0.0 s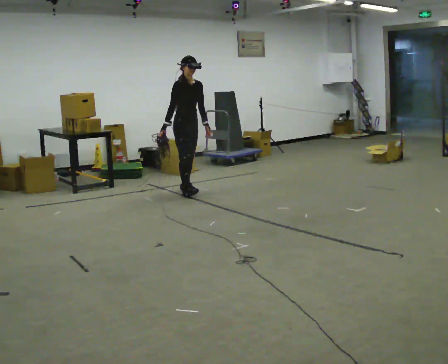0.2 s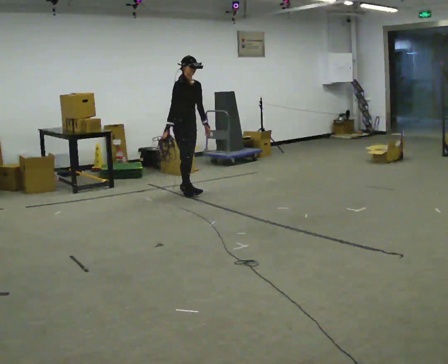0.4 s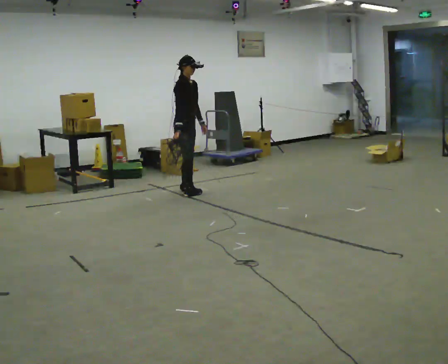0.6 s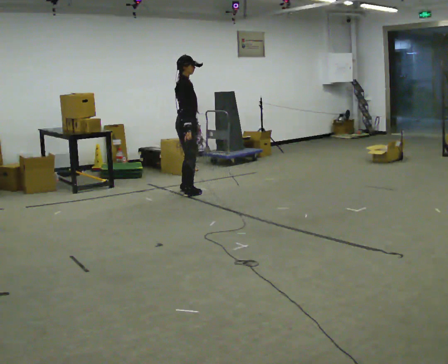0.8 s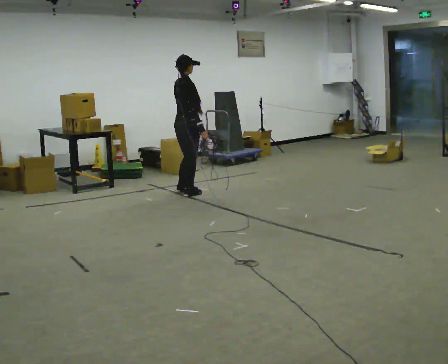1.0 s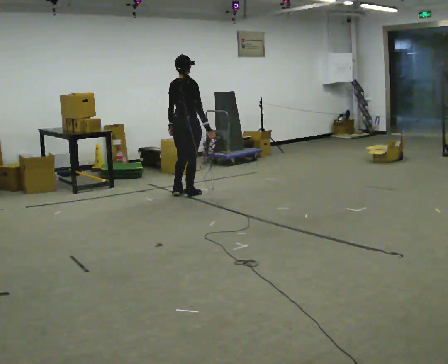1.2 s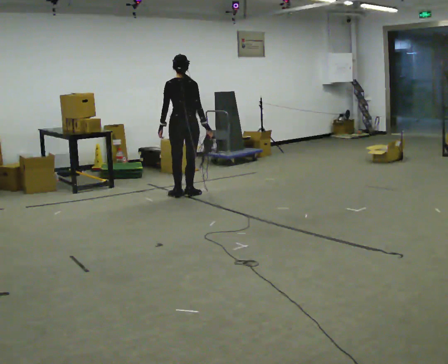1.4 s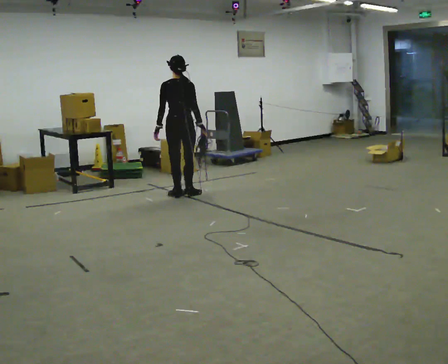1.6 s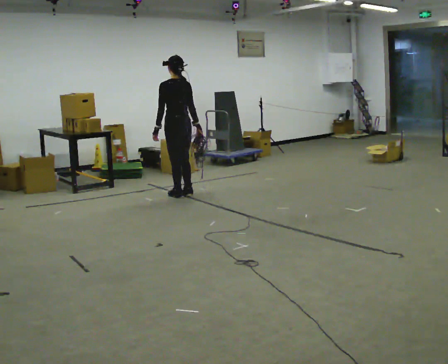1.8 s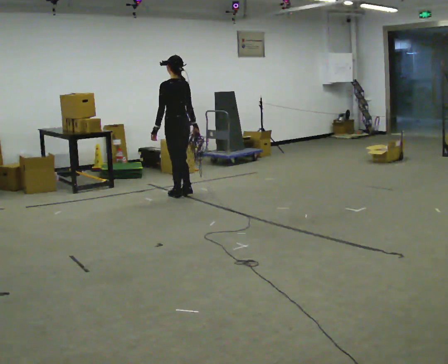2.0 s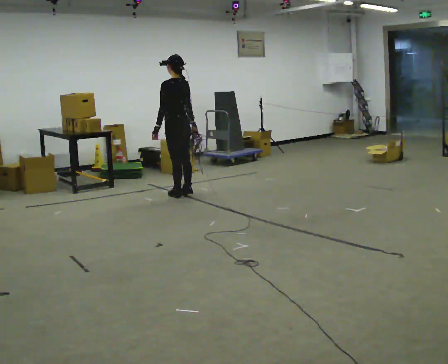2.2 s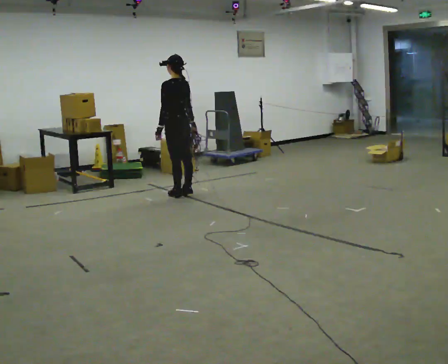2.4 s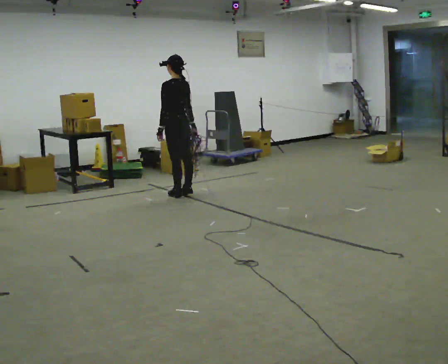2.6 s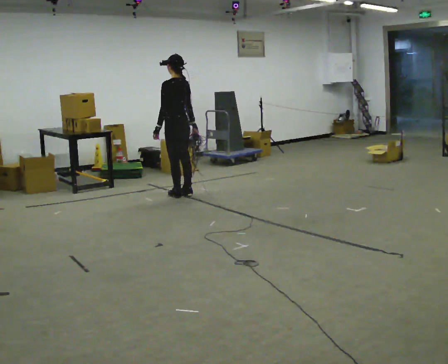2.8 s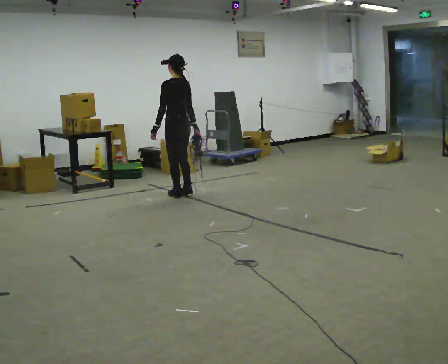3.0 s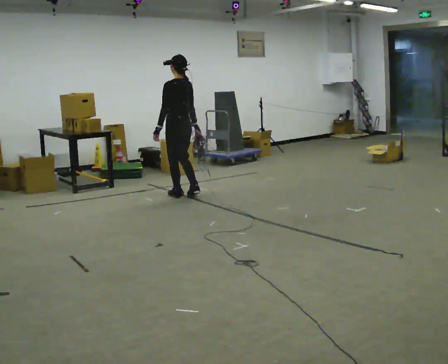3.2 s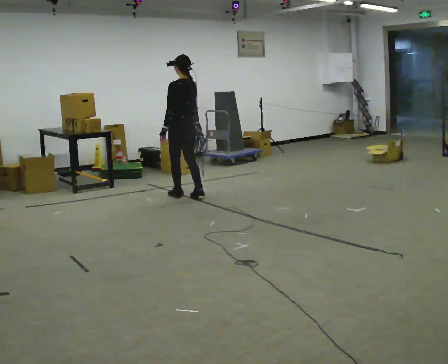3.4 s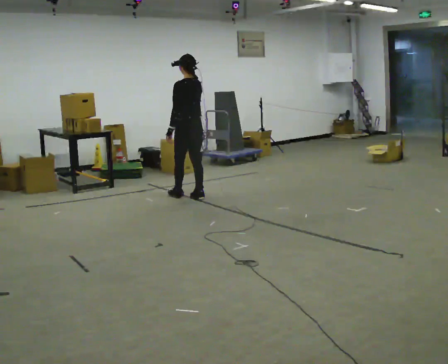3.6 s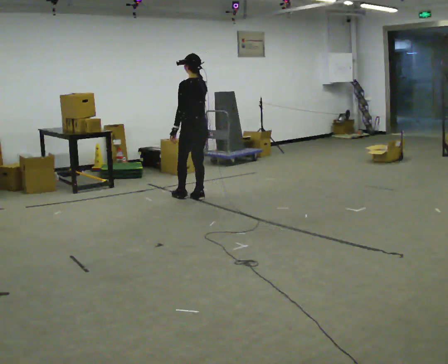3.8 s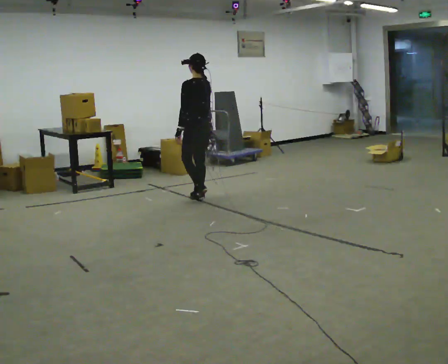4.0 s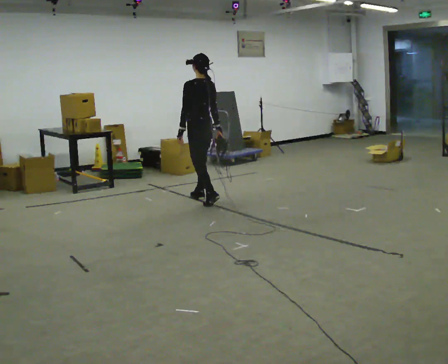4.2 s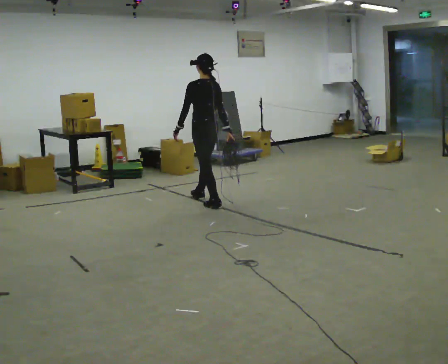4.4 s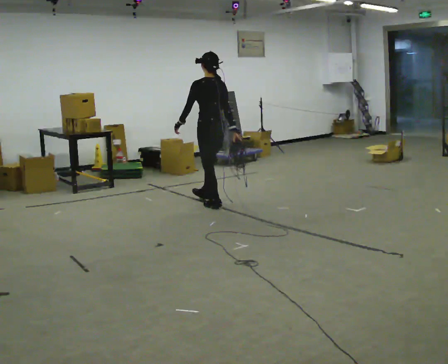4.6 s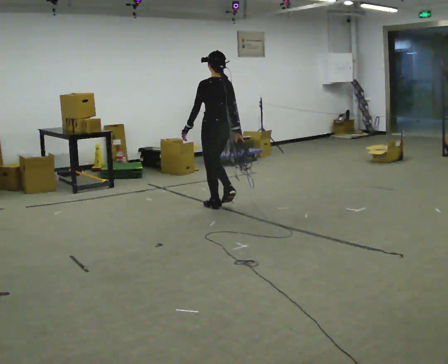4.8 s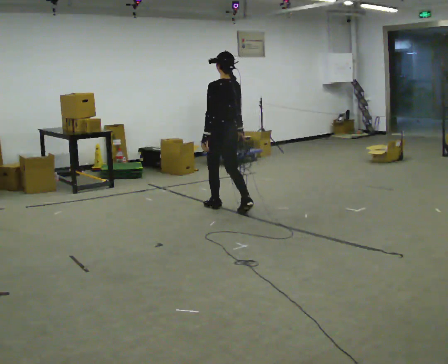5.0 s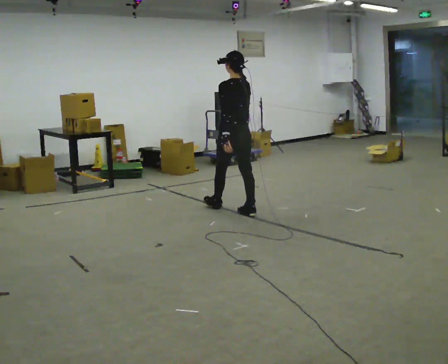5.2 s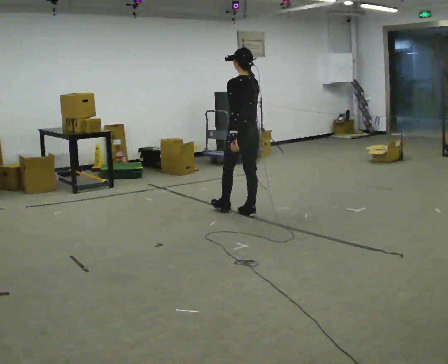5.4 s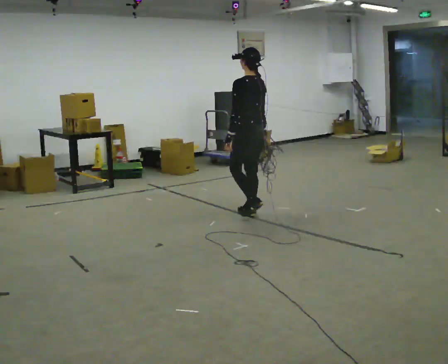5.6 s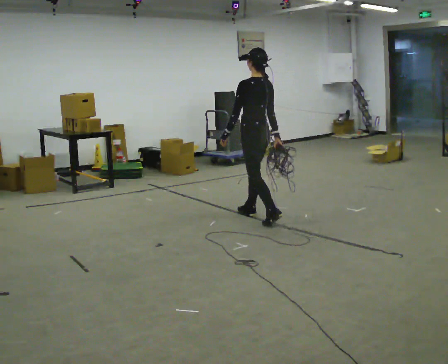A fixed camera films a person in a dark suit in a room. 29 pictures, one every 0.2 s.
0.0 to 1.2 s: Seen from above the body turns counterclockwise, about 135 degrees: to their left, with its near side sliding to the right. In the picture they go toward the camera, about 0.25 m in 1 step. In the picture their right hand goes to the right, the arm swinging counterclockwise.
1.2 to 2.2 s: The person turns about 60 degrees to their left, counterclockwise seen from above, so the part of the body nearest the lens slides to the right.
2.2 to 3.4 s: The person moves a little, or ends about where they began.
3.4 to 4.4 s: In the picture they go toward the camera and to the right, about 0.5 m in 2 steps, which for them is backward.
4.4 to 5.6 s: In the picture they go toward the camera and to the right, about 0.75 m in 1 step, which for them is backward.
The film runs backward here.
